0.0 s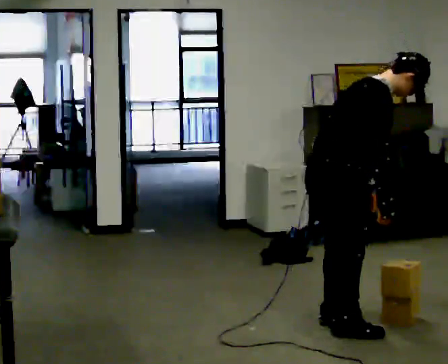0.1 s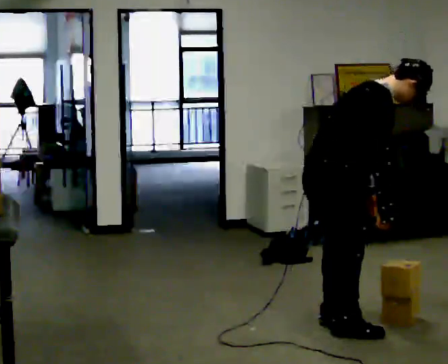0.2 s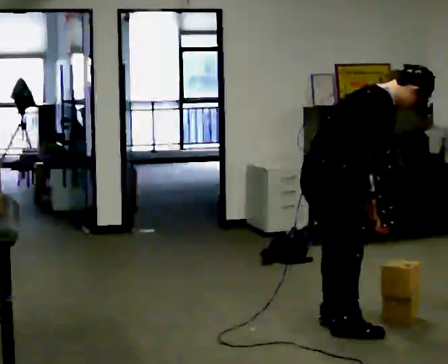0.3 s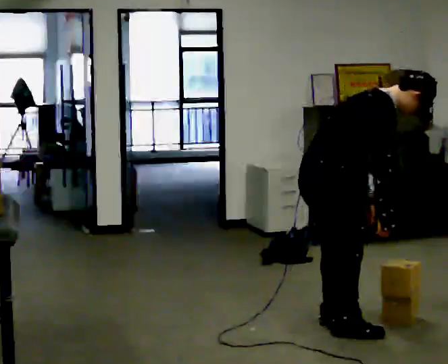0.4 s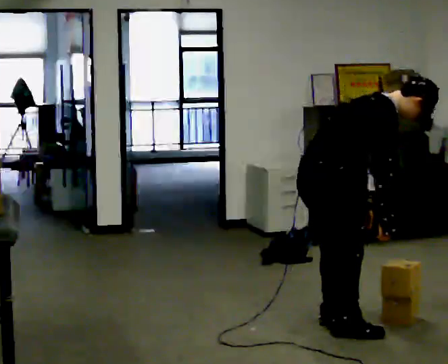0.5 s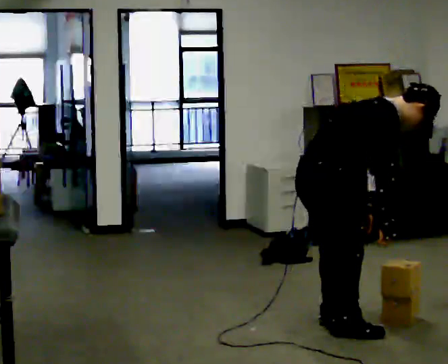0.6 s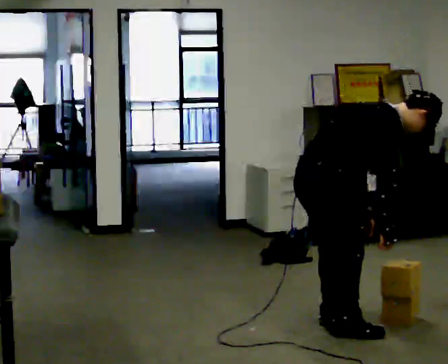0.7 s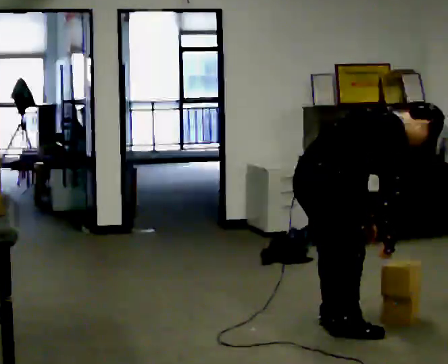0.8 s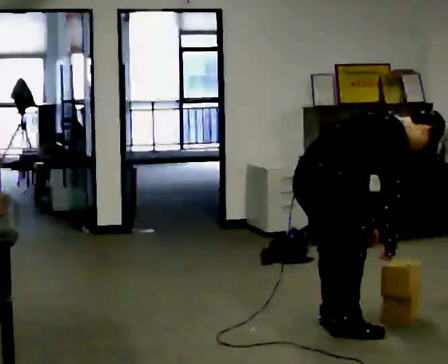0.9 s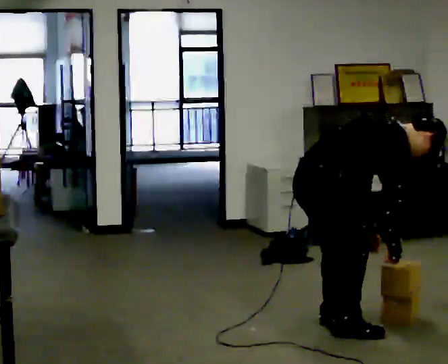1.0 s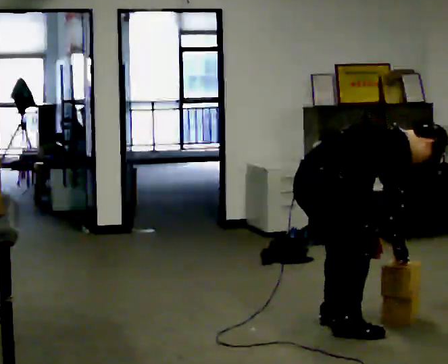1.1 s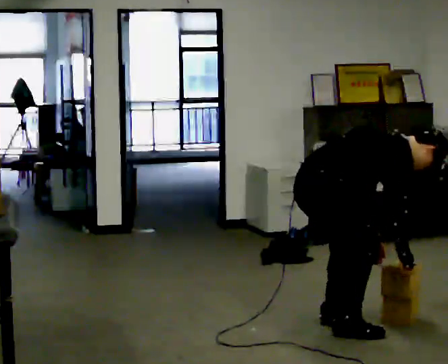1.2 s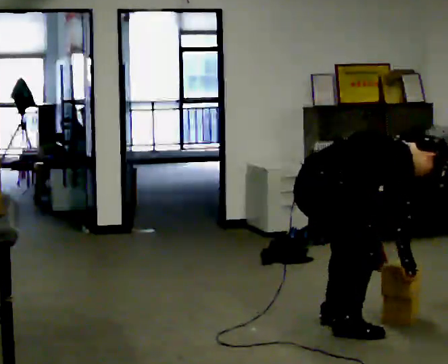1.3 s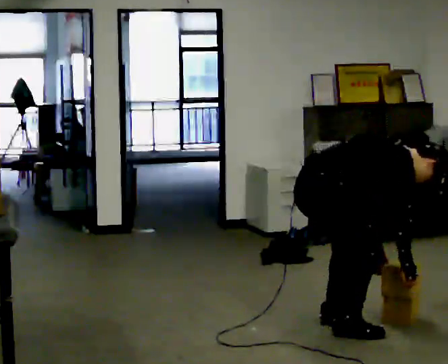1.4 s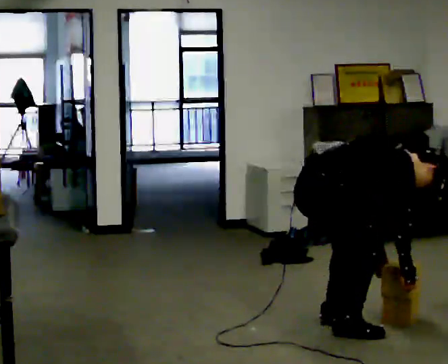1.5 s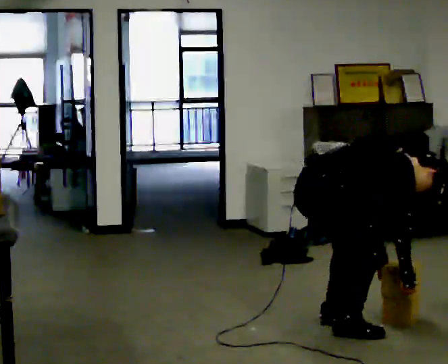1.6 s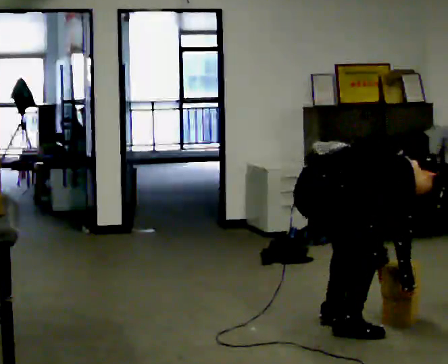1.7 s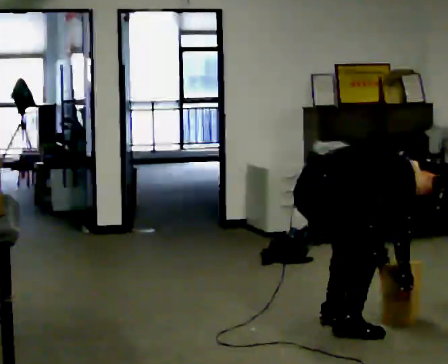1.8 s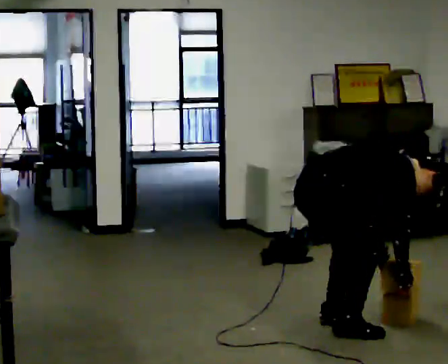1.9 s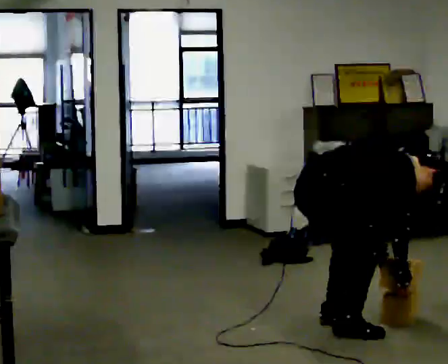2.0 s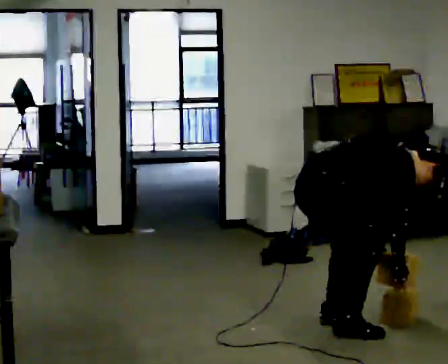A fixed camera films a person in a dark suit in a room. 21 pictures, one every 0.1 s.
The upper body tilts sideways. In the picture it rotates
clockwise.
The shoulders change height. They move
downward.
0.0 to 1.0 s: The upper body goes downward. In the picture the upper body tilts clockwise, shoulders to the right, as they bend forward.
1.0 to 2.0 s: The person moves a little, or ends about where they began.
The film runs forward here.
